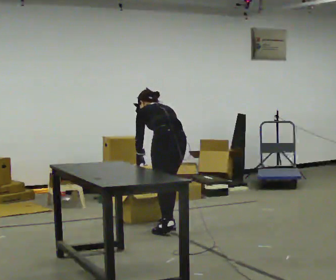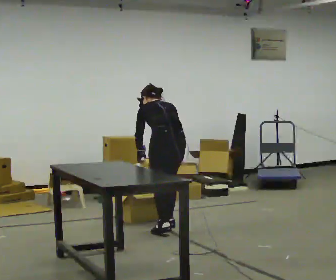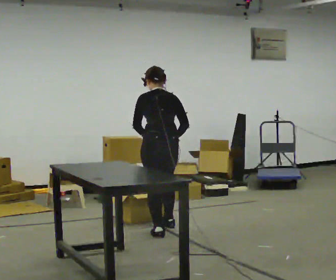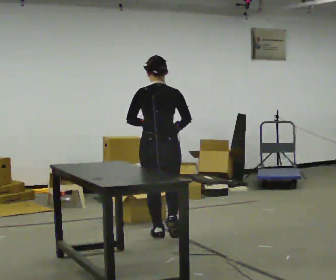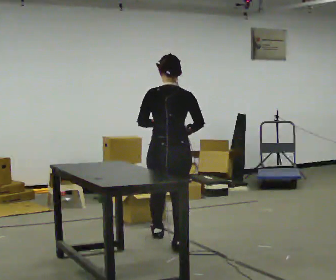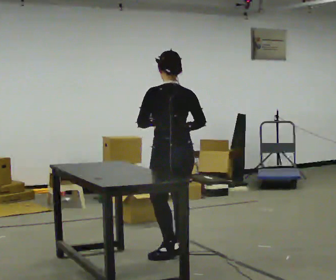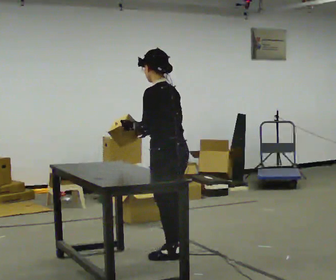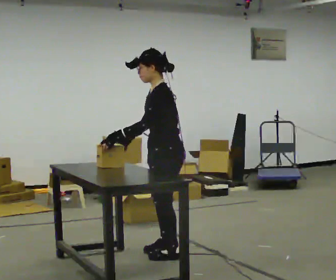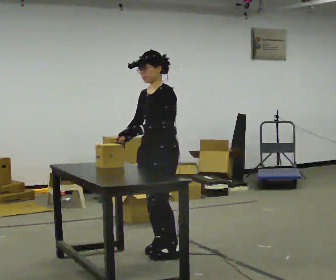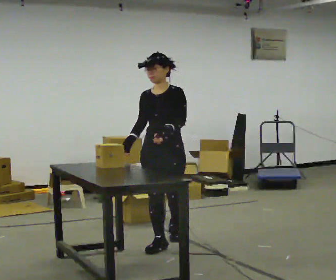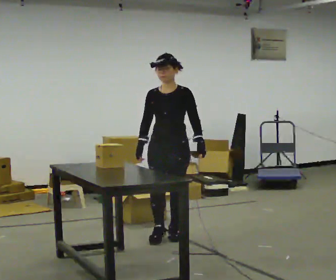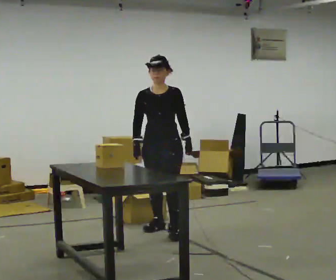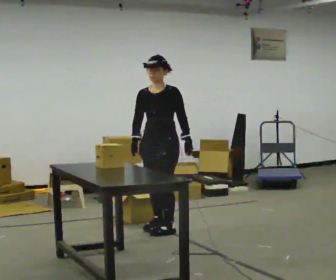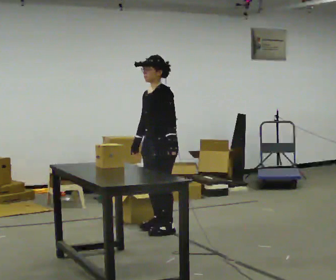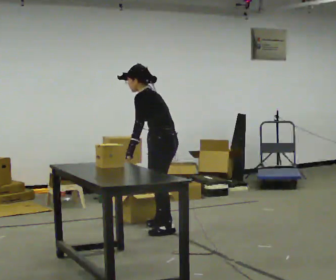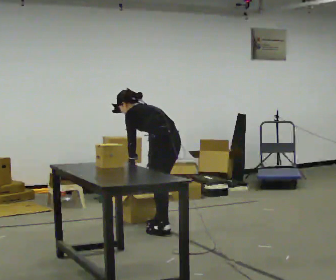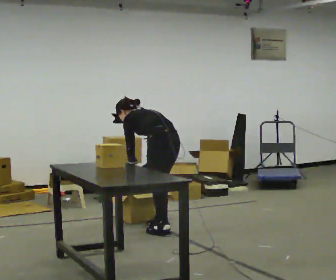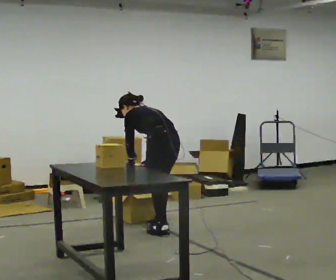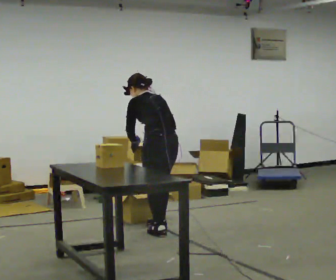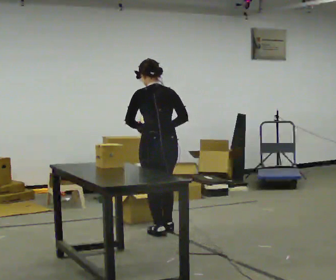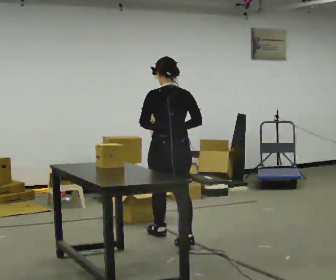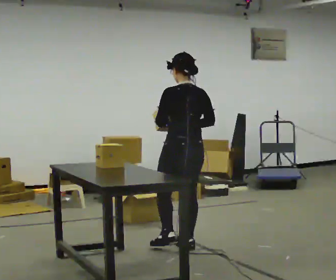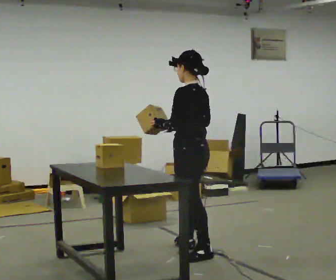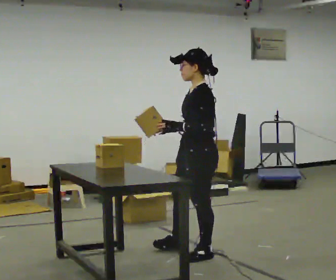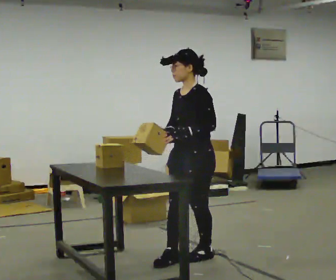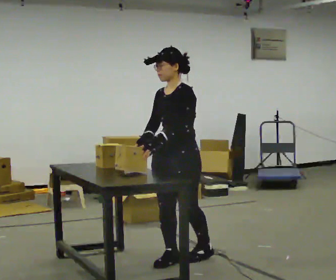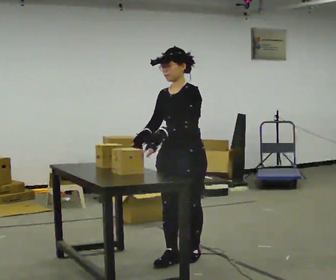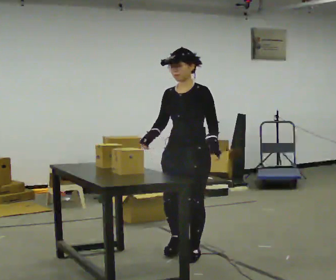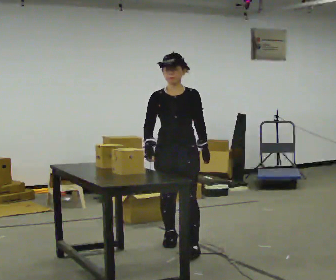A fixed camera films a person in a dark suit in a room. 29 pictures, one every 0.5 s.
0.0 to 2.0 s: The part of the body nearest the lens slides to the left as the person turns to their right by about 30 degrees. In the picture they go toward the camera, about 0.75 m in 2 steps, which for them is backward. The shoulders move upward. The upper body tips toward the camera, its near side rolling downward, as they lean back or straighten. In the picture their right hand goes upward.
2.0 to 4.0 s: Seen from above the body turns counterclockwise, about 120 degrees: to their left, with its near side sliding to the right. In the picture they go toward the camera, about 0.25 m in 1 step. In the picture their right hand goes to the left.
4.0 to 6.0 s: Seen from above the body turns counterclockwise, about 30 degrees: to their left, with its near side sliding to the right. In the picture they go away from the camera, about 1 m in 2 steps, which for them is backward.
6.0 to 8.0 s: Seen from above the body turns clockwise, about 105 degrees: to their right, with its near side sliding to the left. The shoulders move downward. The upper body tips away from the camera, its near side rolling upward, as they bend forward. In the picture their left hand goes to the left, the arm swinging clockwise.
8.0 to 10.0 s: Seen from above the body turns clockwise, about 45 degrees: to their right, with its near side sliding to the left. In the picture they go toward the camera, about 0.5 m in 1 step, which for them is backward and to their left. The shoulders move upward. In the picture the upper body tilts clockwise, shoulders to the right, as they lean back or straighten. In the picture their left hand goes upward.
10.0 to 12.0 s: The part of the body nearest the lens slides to the right as the person turns to their left by about 120 degrees. In the picture they go toward the camera, about 0.5 m in 2 steps.
12.0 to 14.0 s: The person turns about 45 degrees to their left, counterclockwise seen from above, so the part of the body nearest the lens slides to the right. In the picture they go away from the camera, about 0.25 m in 1 step, which for them is to their right and backward.
The film runs backward here.
